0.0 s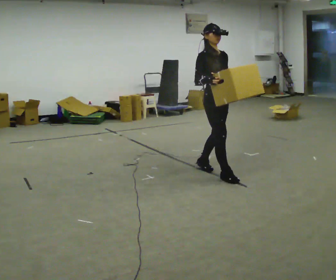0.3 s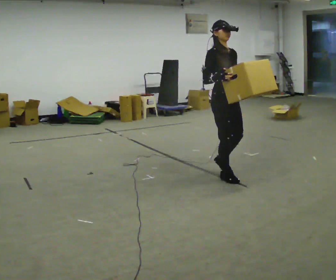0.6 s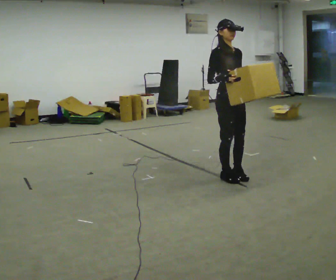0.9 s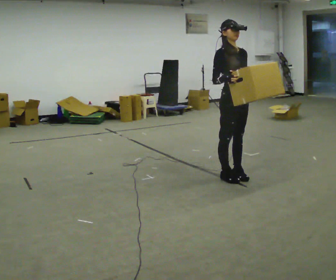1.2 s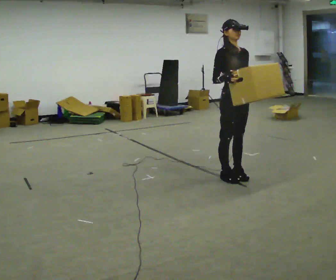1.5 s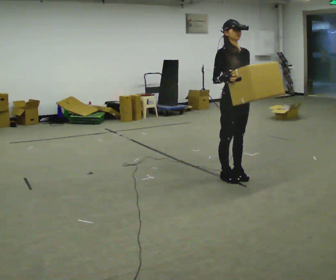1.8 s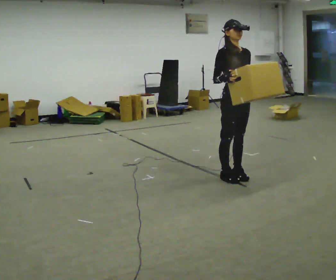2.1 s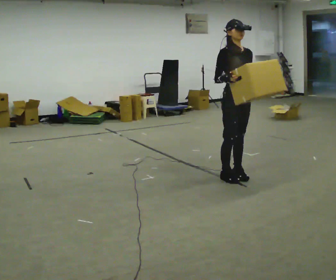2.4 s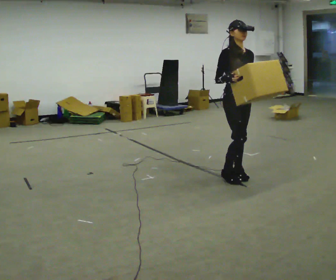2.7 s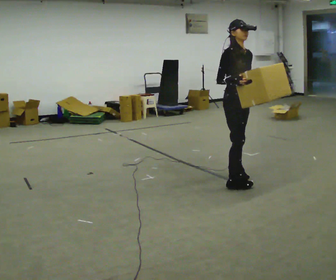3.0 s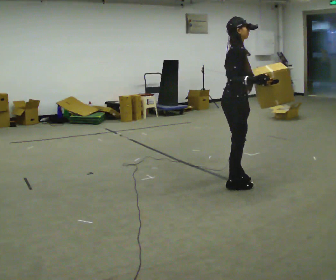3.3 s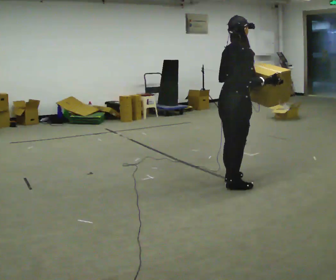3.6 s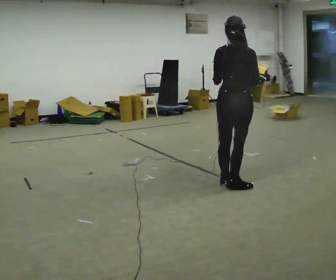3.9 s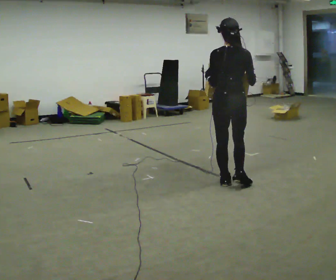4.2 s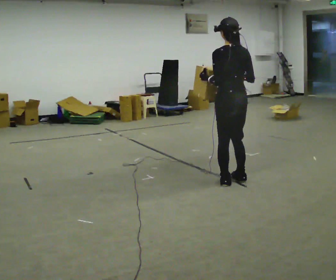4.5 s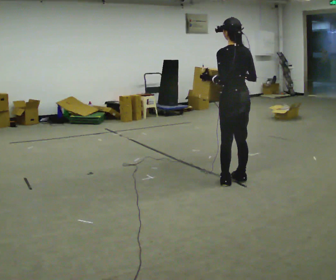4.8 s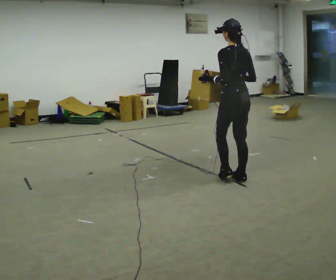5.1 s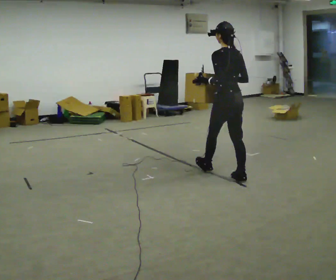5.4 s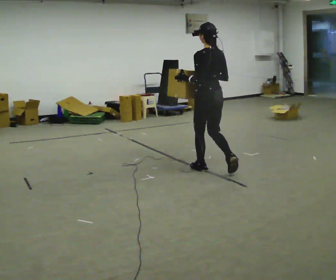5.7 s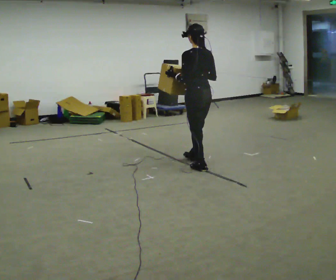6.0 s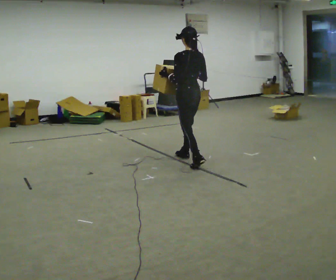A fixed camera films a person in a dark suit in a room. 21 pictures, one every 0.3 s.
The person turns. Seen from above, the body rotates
counterclockwise.
The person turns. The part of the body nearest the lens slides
to the right.
0.0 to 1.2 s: In the picture they go to the right, about 0.25 m in 1 step, which for them is forward.
1.2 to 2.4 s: The person moves a little, or ends about where they began.
2.4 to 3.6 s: The part of the body nearest the lens slides to the right as the person turns to their left by about 120 degrees. In the picture they go toward the camera, about 0.25 m in 2 steps.
3.6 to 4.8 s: The part of the body nearest the lens slides to the right as the person turns to their left by about 60 degrees. In the picture they go away from the camera, about 0.25 m in 1 step, which for them is forward.
4.8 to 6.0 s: In the picture they go away from the camera and to the left, about 1 m in 2 steps, which for them is forward.
The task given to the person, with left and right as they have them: Carry the box across the room as briskly as you comfortably can, back and forth. Do not run.
The film runs forward here.
